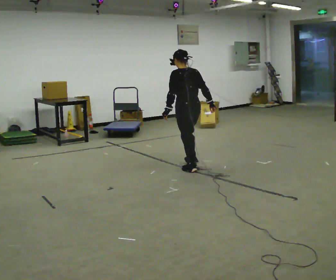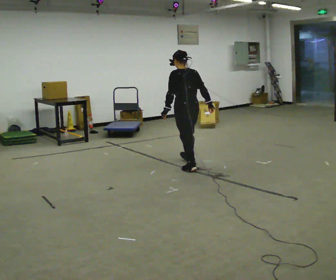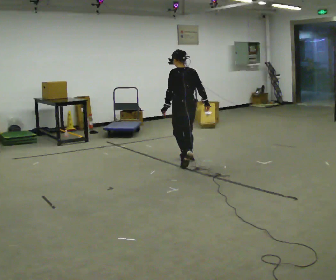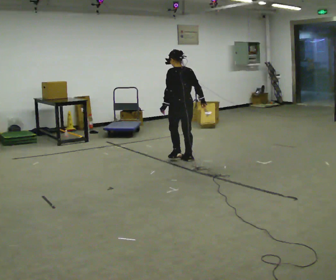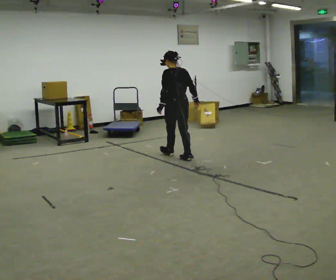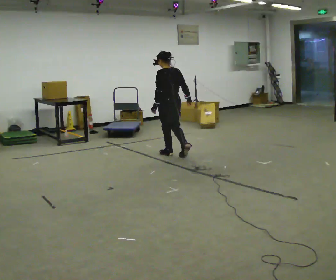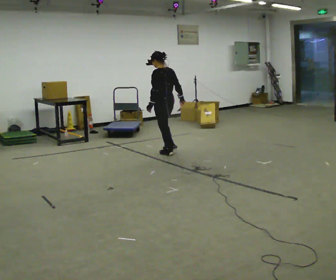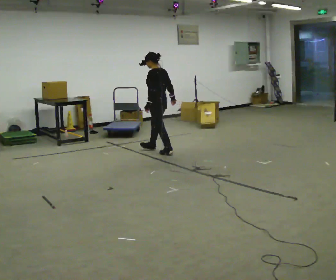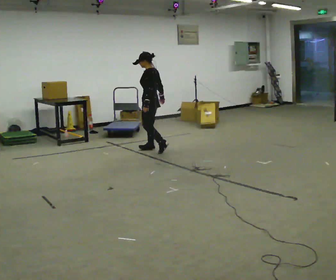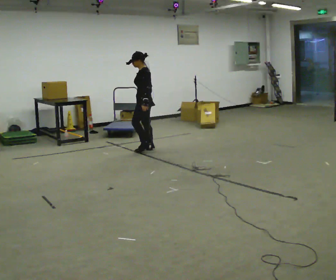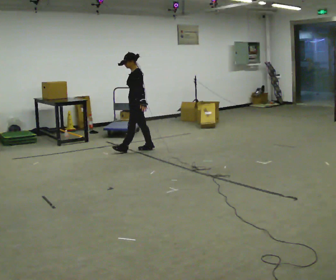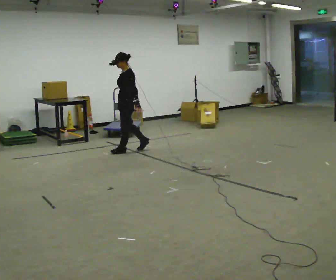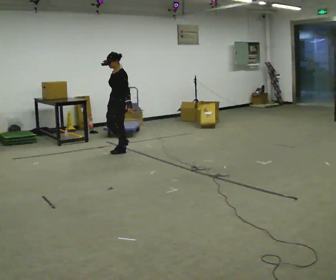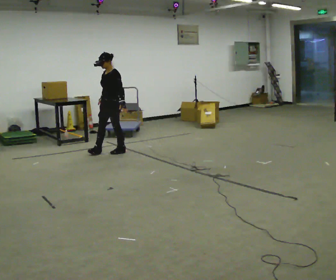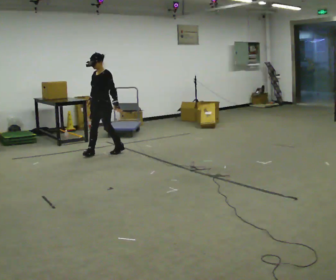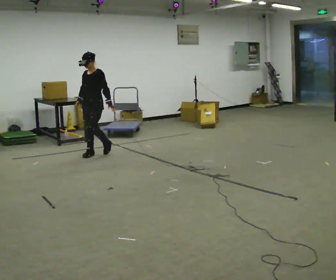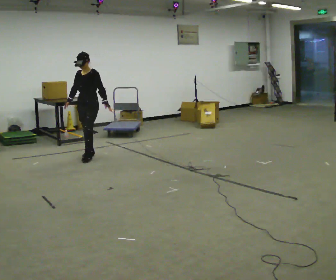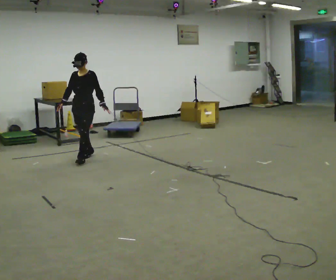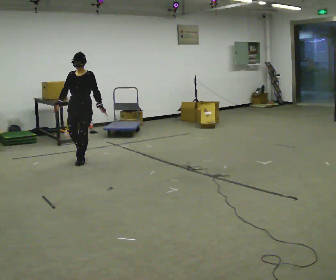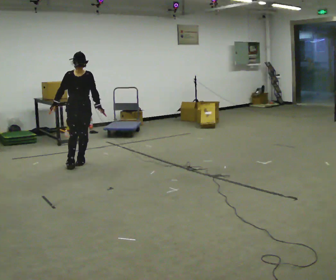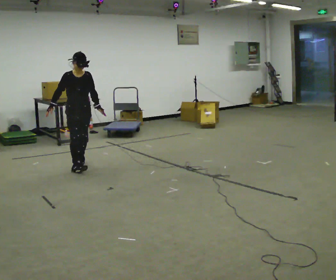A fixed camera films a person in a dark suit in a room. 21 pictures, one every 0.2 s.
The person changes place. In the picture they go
to the left.
The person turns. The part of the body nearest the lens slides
to the right.
0.0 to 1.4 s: The part of the body nearest the lens slides to the right as the person turns to their left by about 30 degrees. In the picture they go away from the camera, about 1 m in 2 steps, which for them is forward.
1.4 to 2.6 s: The part of the body nearest the lens slides to the right as the person turns to their left by about 75 degrees. In the picture they go to the left, about 0.5 m in 2 steps.
2.6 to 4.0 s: The person turns about 75 degrees to their left, counterclockwise seen from above, so the part of the body nearest the lens slides to the right. In the picture they go toward the camera and to the left, about 1 m in 2 steps.
The film runs forward here.
